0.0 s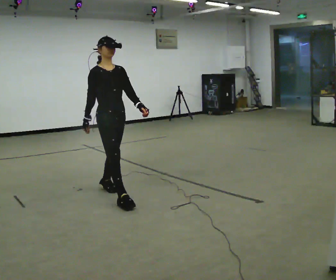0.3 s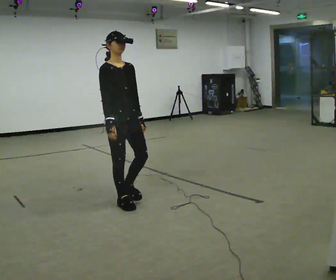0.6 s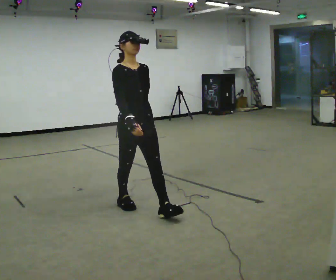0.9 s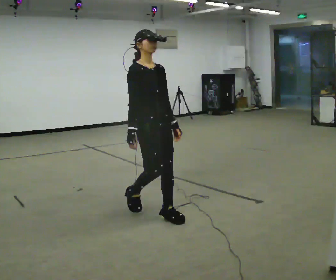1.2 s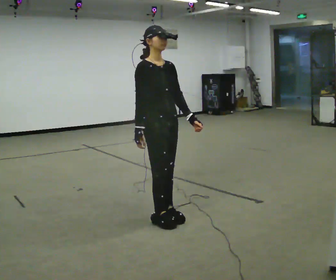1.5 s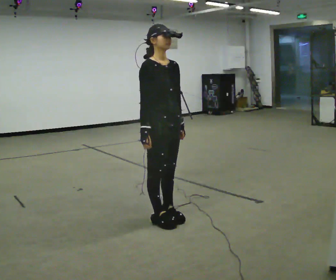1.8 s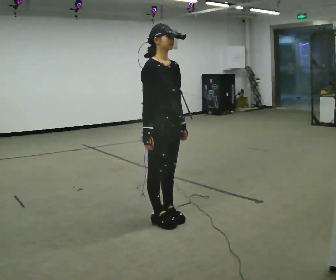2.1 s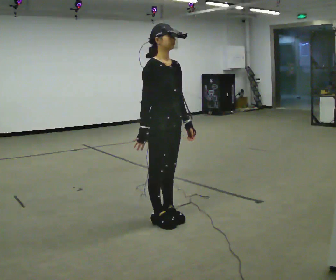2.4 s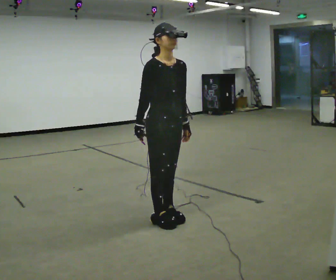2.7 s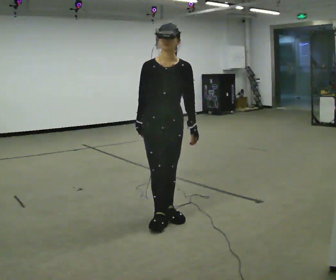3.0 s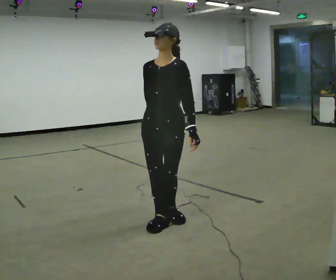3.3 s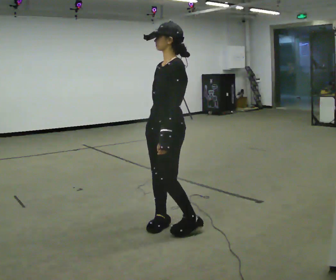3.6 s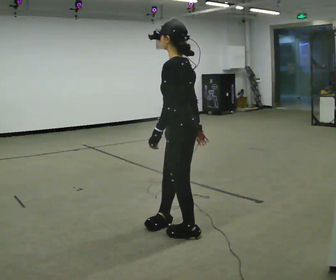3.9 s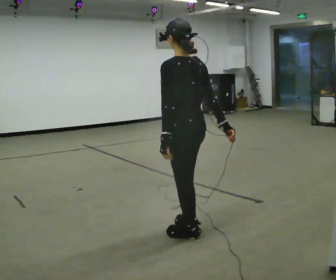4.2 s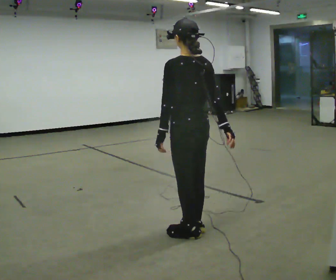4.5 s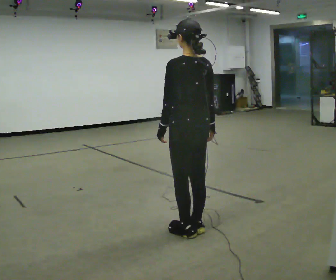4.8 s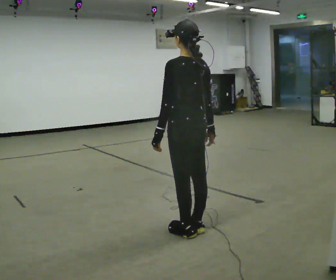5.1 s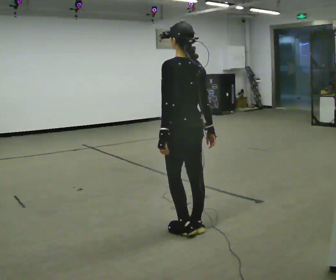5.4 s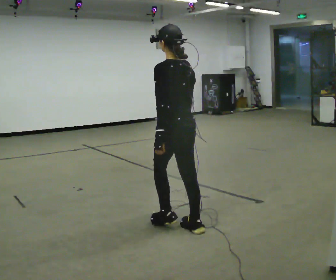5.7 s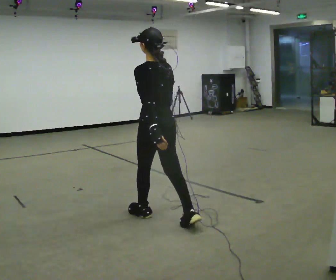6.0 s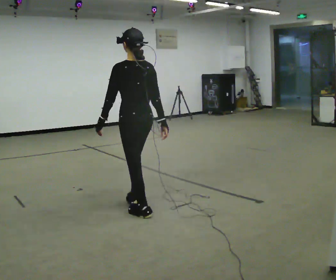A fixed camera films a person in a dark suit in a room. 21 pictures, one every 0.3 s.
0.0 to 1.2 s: In the picture they go toward the camera and to the right, about 1 m in 2 steps, which for them is forward.
1.2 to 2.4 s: The person moves a little, or ends about where they began.
2.4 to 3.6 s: The part of the body nearest the lens slides to the left as the person turns to their right by about 135 degrees. In the picture they go toward the camera, about 0.25 m in 1 step.
3.6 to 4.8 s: The person turns about 30 degrees to their right, clockwise seen from above, so the part of the body nearest the lens slides to the left.
4.8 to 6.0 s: In the picture they go away from the camera and to the left, about 0.75 m in 1 step, which for them is forward.
The film runs forward here.
